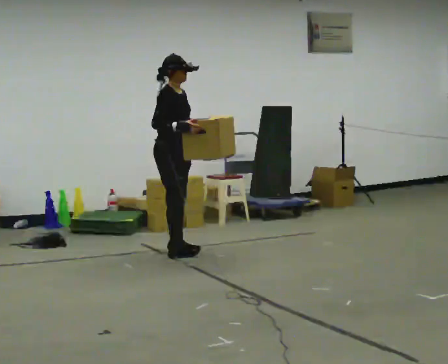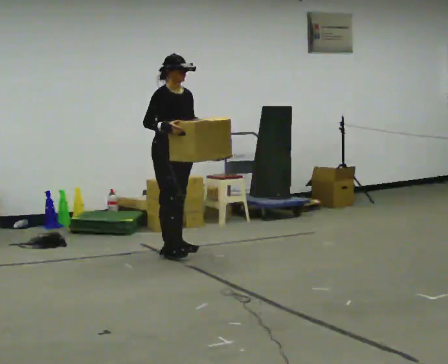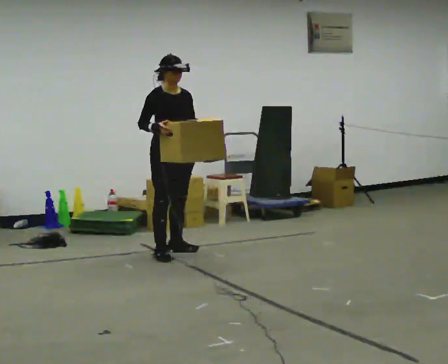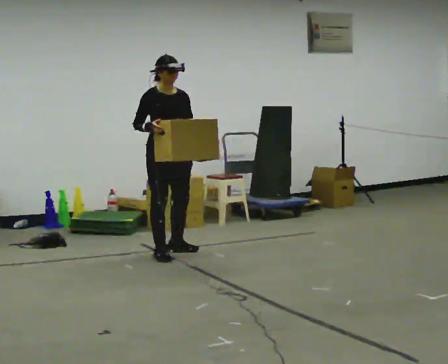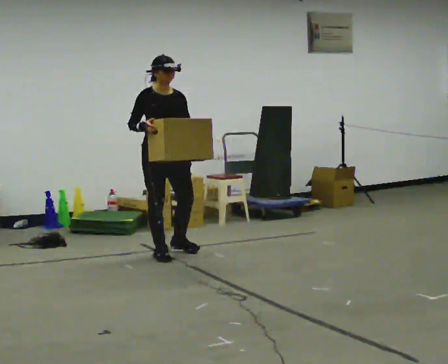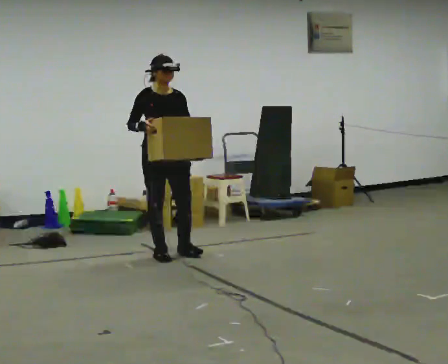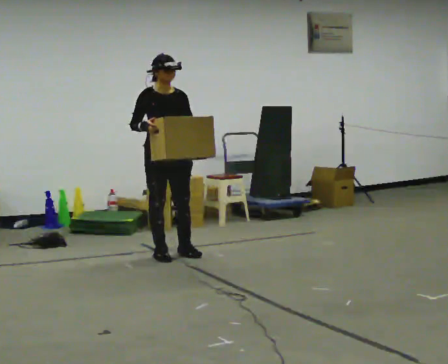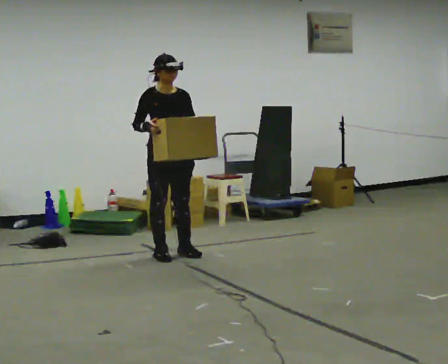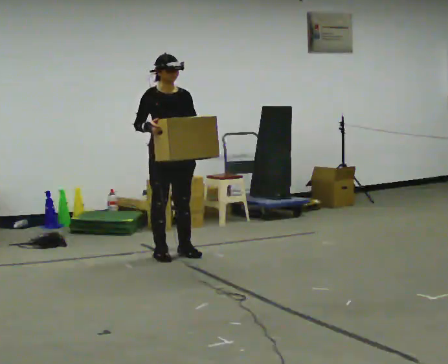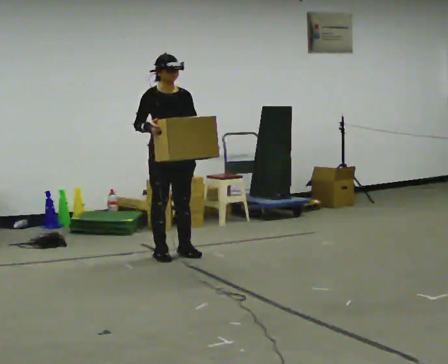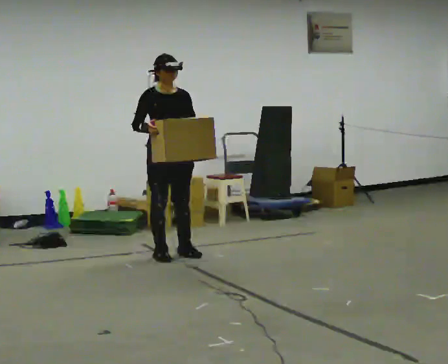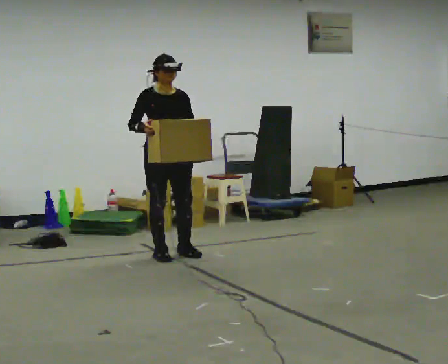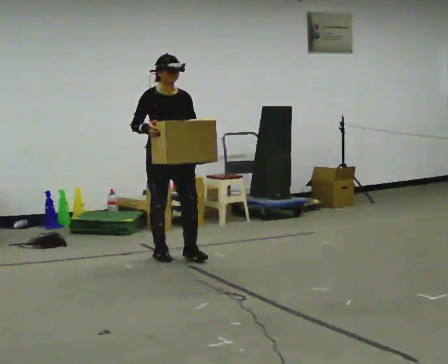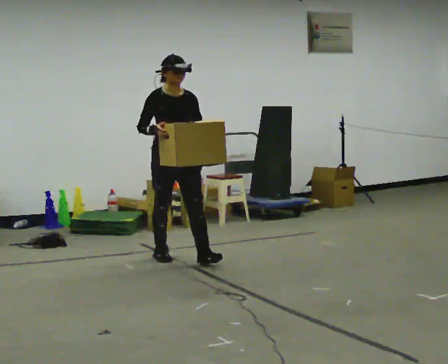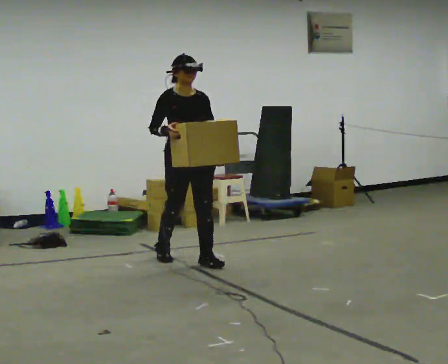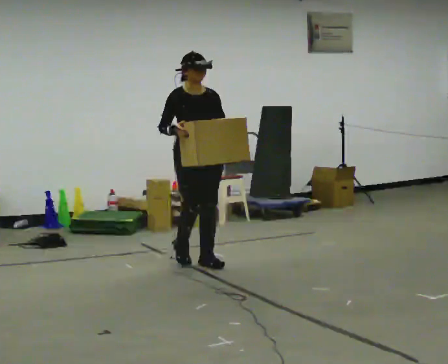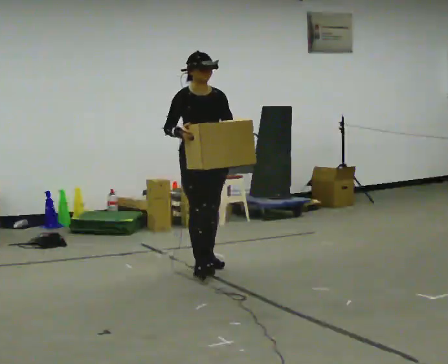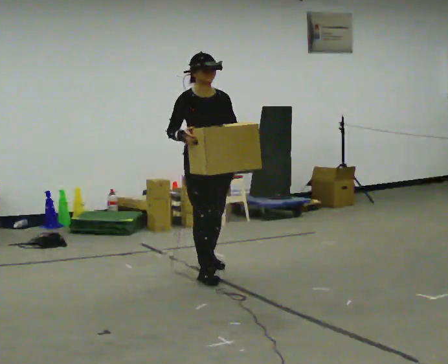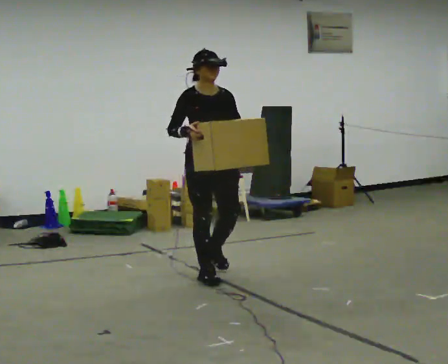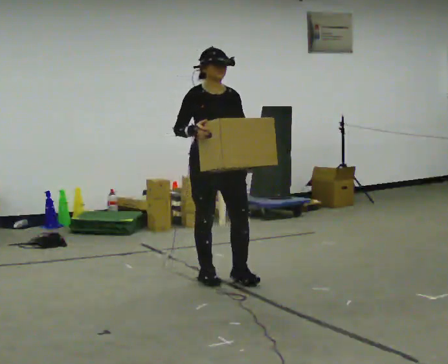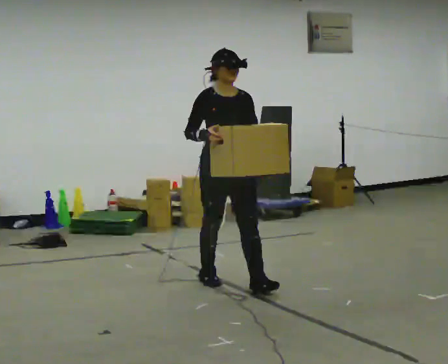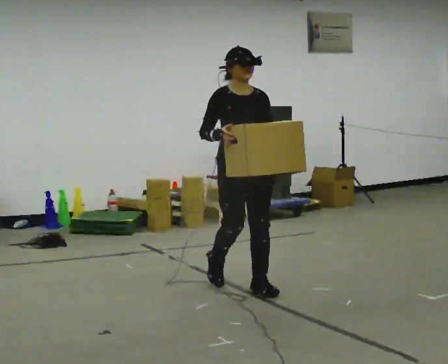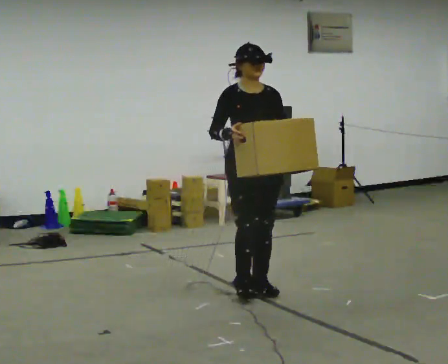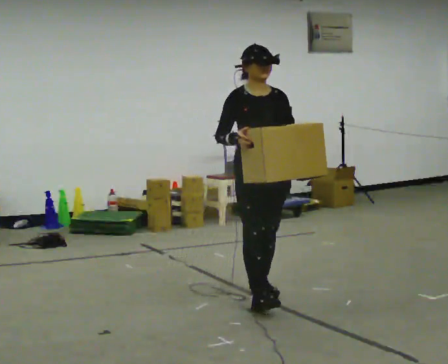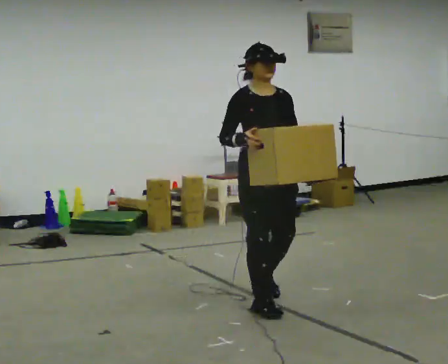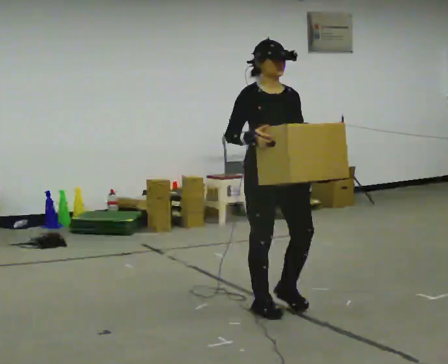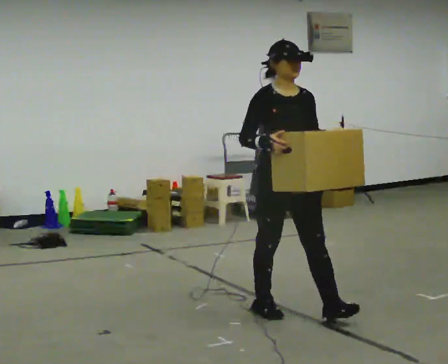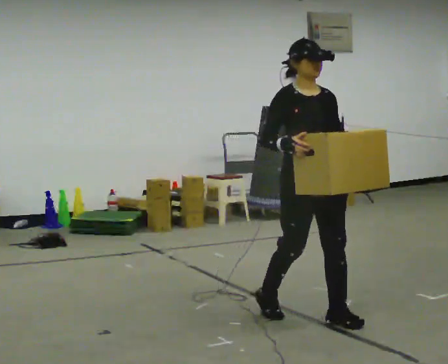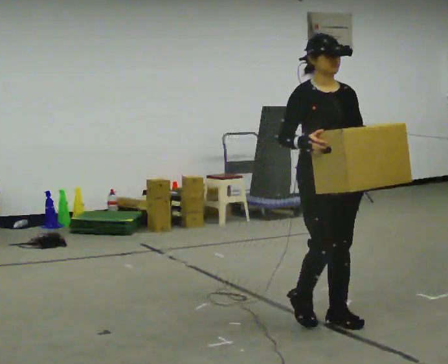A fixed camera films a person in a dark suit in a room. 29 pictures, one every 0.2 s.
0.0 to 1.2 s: The person turns about 45 degrees to their right, clockwise seen from above, so the part of the body nearest the lens slides to the left.
1.2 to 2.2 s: The person moves a little, or ends about where they began.
2.2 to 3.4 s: In the picture they go toward the camera and to the right, about 0.75 m in 2 steps, which for them is forward.
3.4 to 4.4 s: In the picture they go toward the camera and to the right, about 0.75 m in 1 step, which for them is forward.
4.4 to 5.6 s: In the picture they go toward the camera and to the right, about 1 m in 2 steps, which for them is forward.
The film runs forward here.
